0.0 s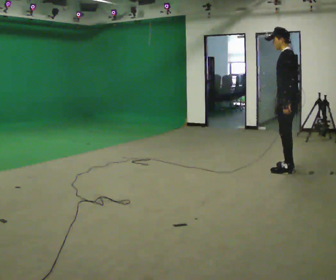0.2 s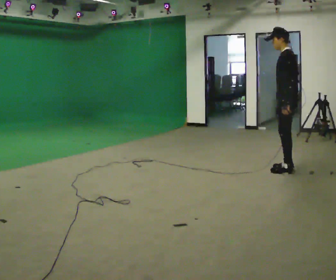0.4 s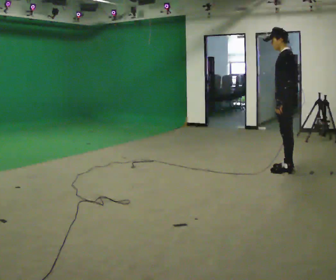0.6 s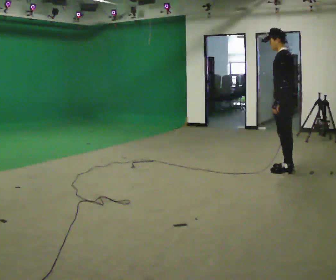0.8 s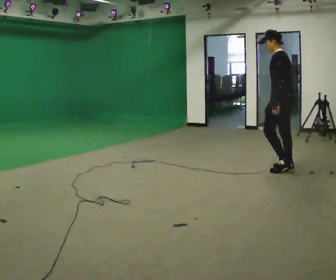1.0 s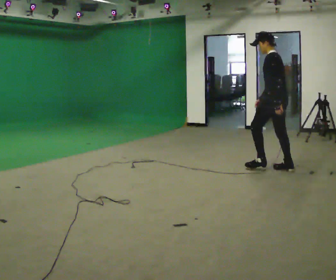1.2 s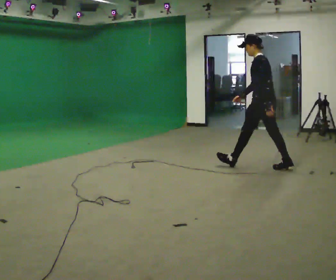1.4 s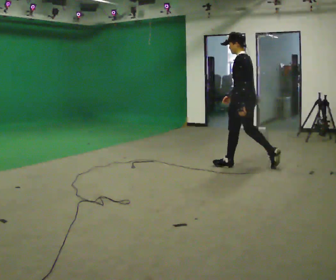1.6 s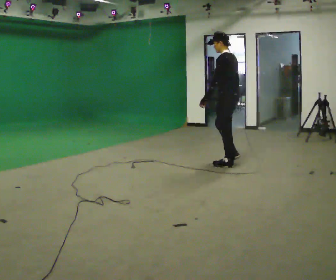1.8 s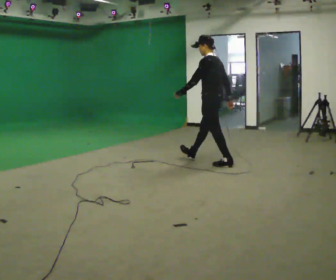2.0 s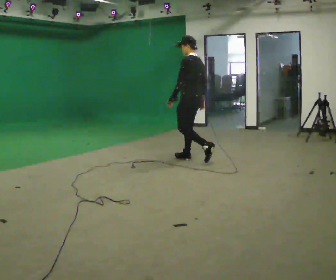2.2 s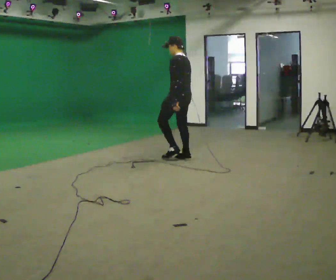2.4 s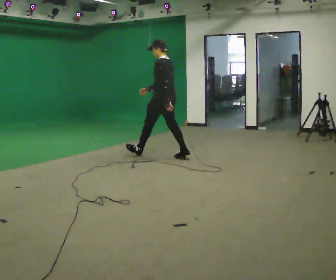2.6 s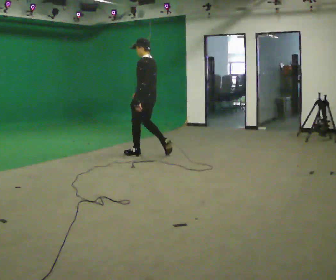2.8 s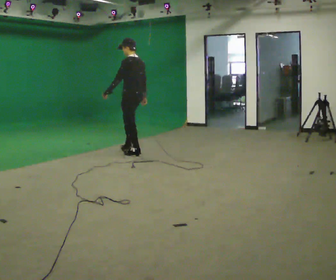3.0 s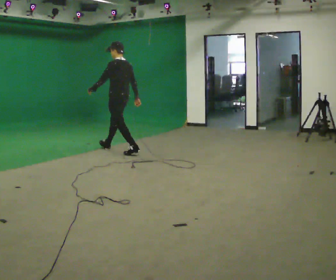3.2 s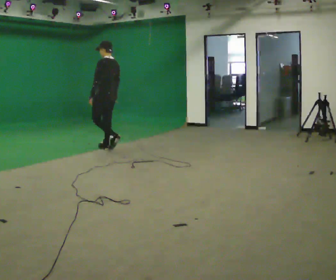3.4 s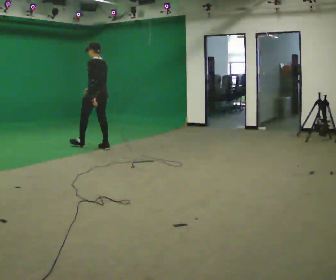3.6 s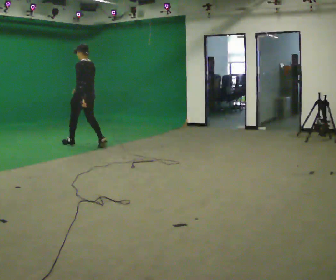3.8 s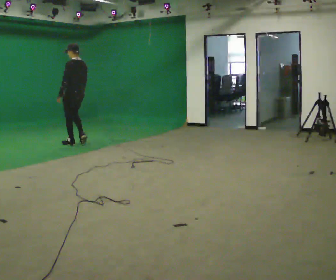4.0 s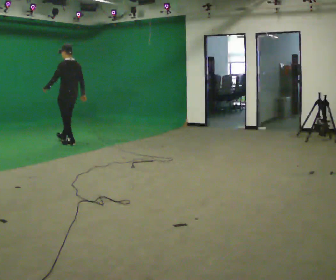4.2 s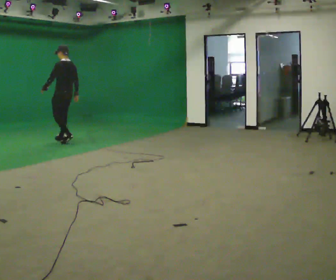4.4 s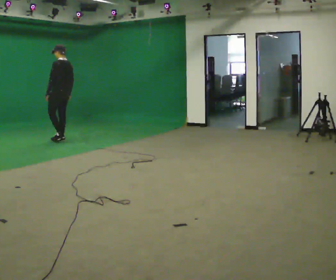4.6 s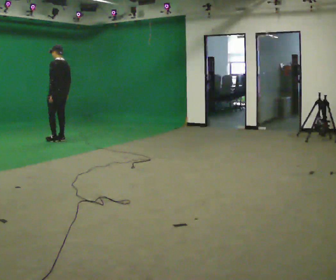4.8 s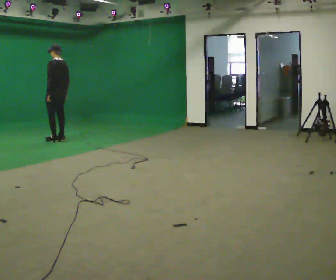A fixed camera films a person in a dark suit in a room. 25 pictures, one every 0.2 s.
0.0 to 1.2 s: In the picture they go to the left and away from the camera, about 0.25 m, which for them is forward.
1.2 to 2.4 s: In the picture they go to the left and away from the camera, about 1.5 m in 2 steps, which for them is forward.
2.4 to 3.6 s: In the picture they go to the left and away from the camera, about 1.5 m in 3 steps, which for them is forward.
3.6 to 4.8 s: In the picture they go to the left and away from the camera, about 0.5 m in 2 steps, which for them is forward.
The film runs forward here.
